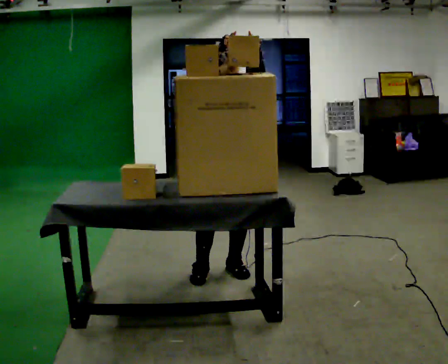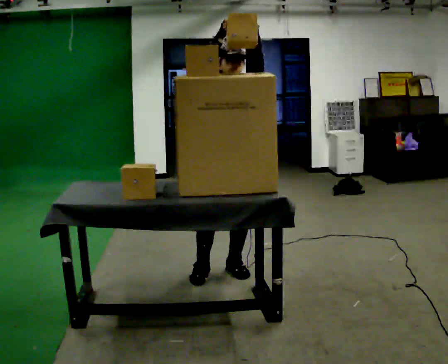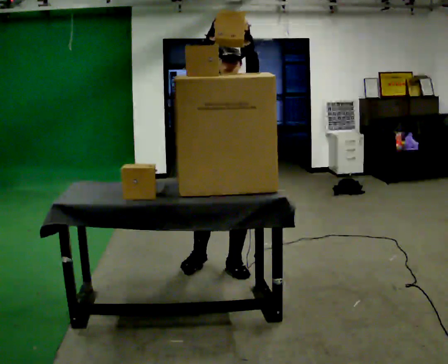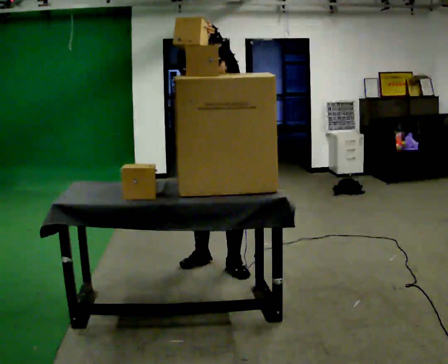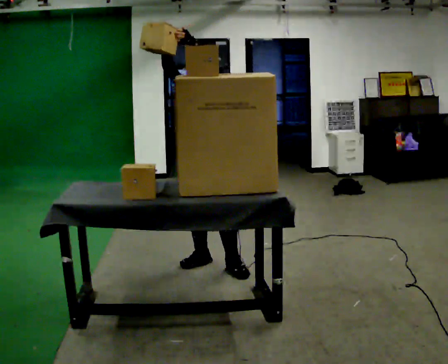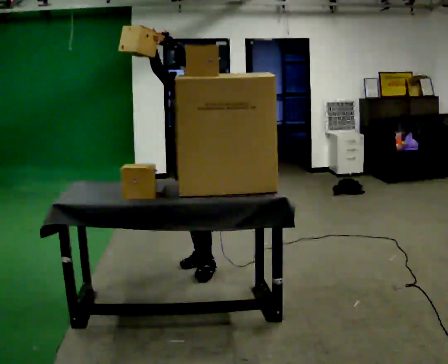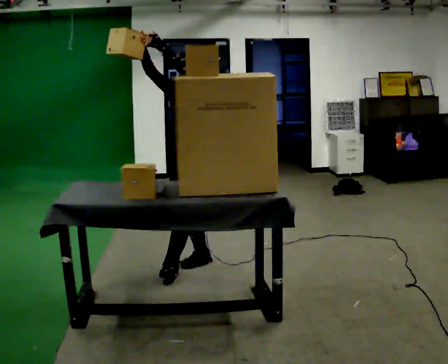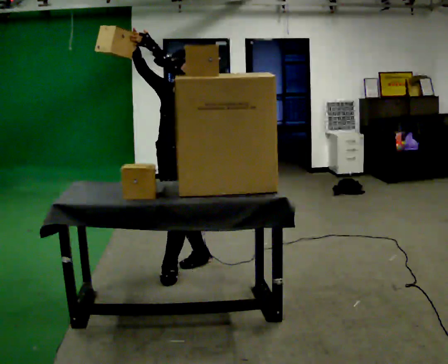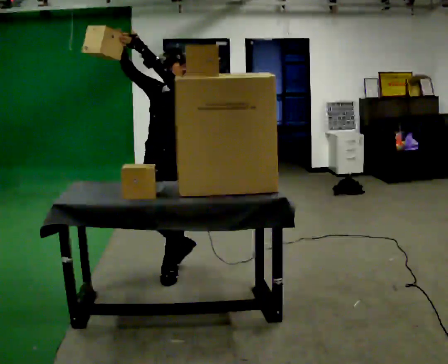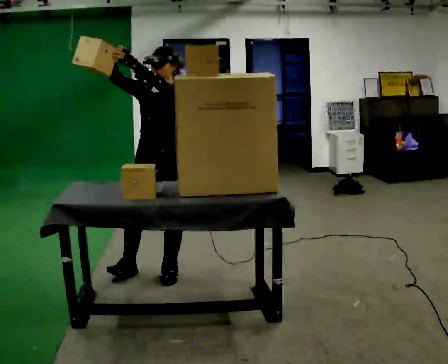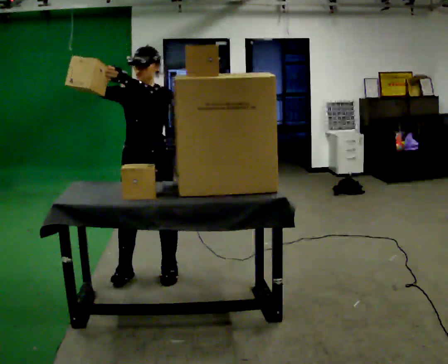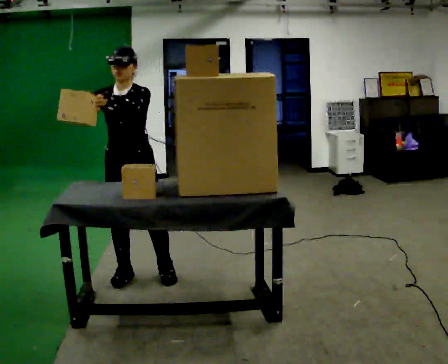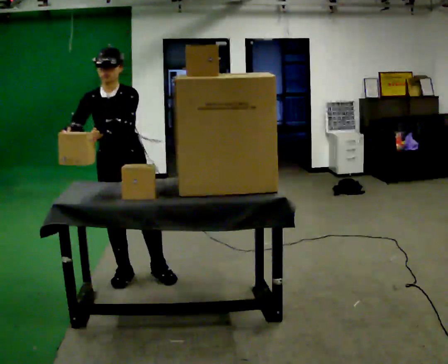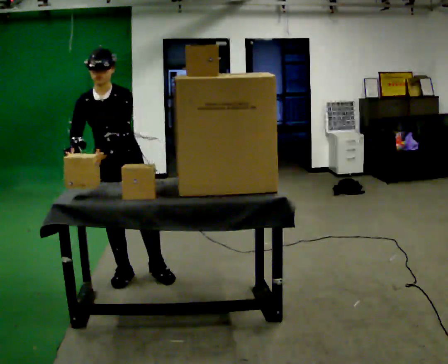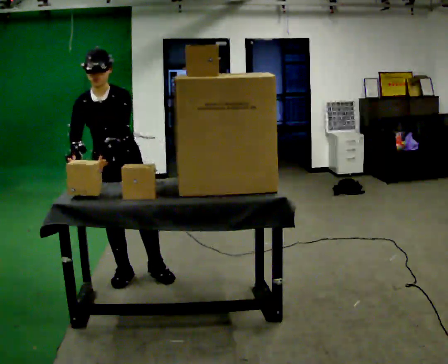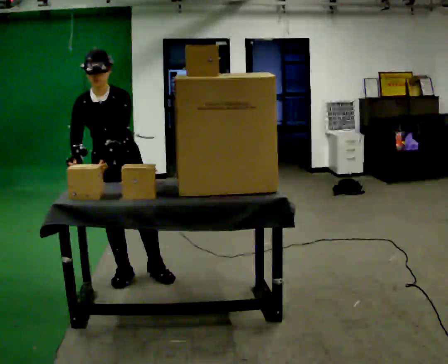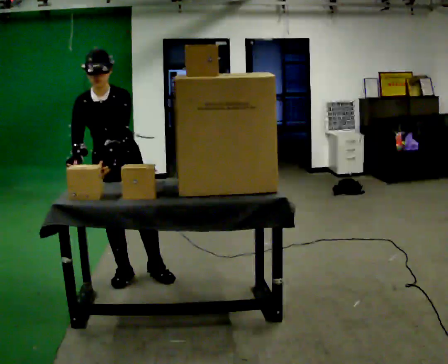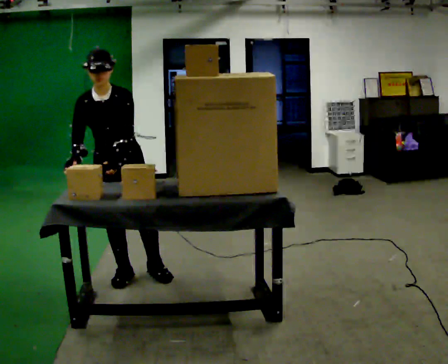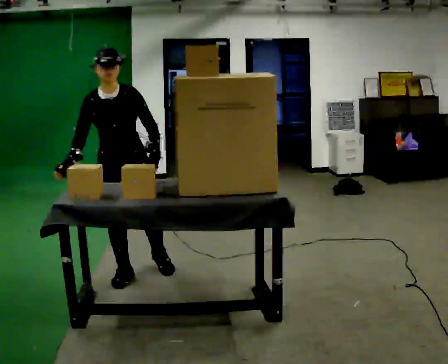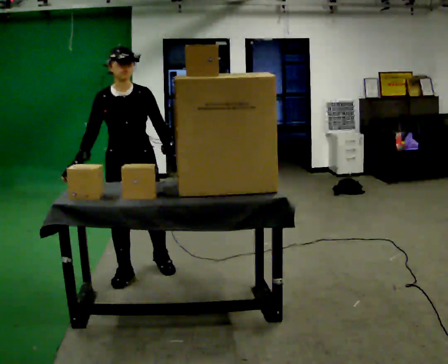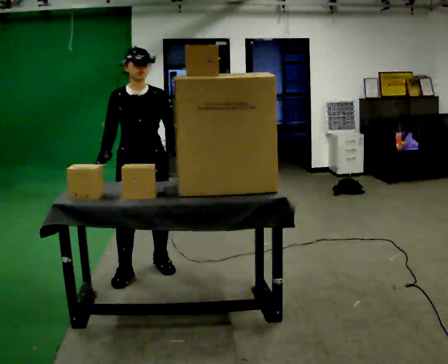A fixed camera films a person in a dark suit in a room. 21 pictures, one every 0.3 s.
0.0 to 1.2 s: The person turns about 30 degrees to their right, clockwise seen from above, so the part of the body nearest the lens slides to the left. In the picture they go away from the camera, about 0.25 m in 1 step, which for them is to their right and backward. In the picture their right hand goes to the left.
1.2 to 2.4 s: In the picture they go to the left, about 0.25 m in 1 step, which for them is forward.
2.4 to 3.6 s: The part of the body nearest the lens slides to the right as the person turns to their left by about 45 degrees. In the picture they go to the left, about 0.25 m in 1 step, which for them is to their right and forward. In the picture the upper body tilts counterclockwise, shoulders to the left, as they bend forward. In the picture their right hand goes downward.
3.6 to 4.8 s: The person moves a little, or ends about where they began.
4.8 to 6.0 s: In the picture they go to the right, about 0.25 m in 1 step, which for them is to their left. The upper body tips away from the camera, its near side rolling upward, as they lean back or straighten. In the picture their left hand goes to the right.
The film runs forward here.
